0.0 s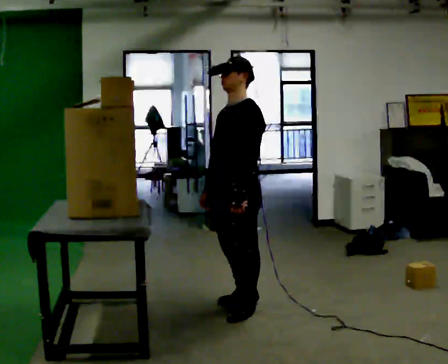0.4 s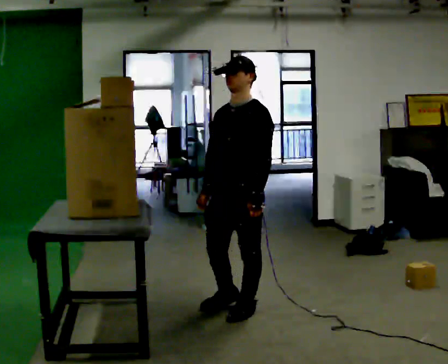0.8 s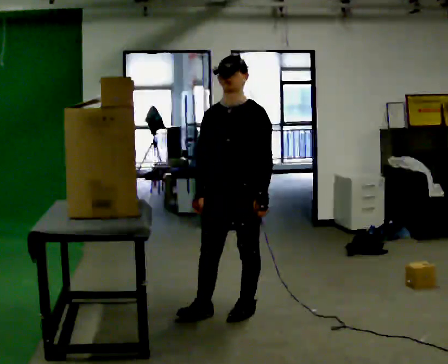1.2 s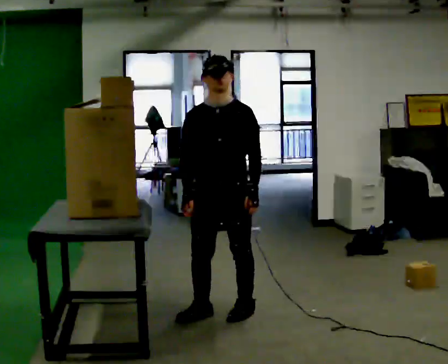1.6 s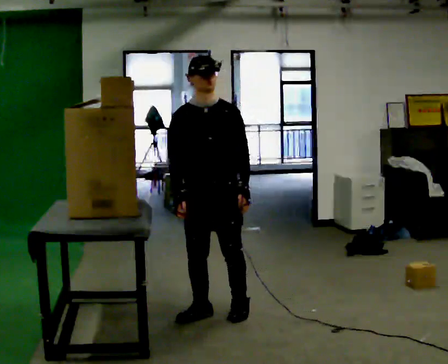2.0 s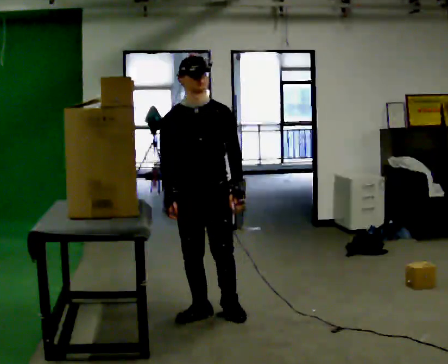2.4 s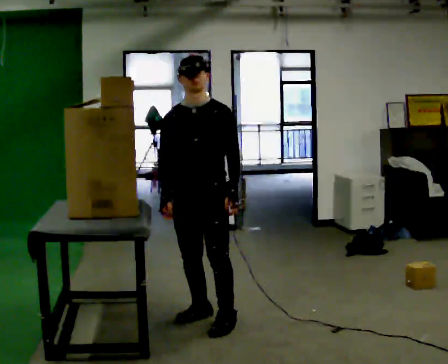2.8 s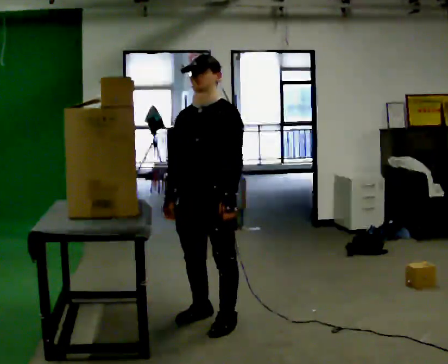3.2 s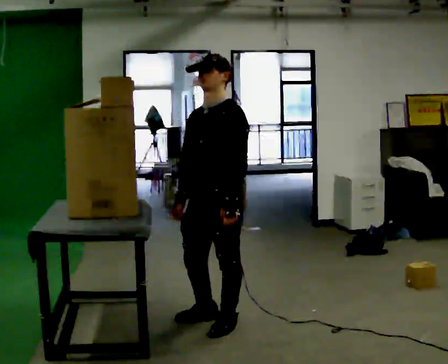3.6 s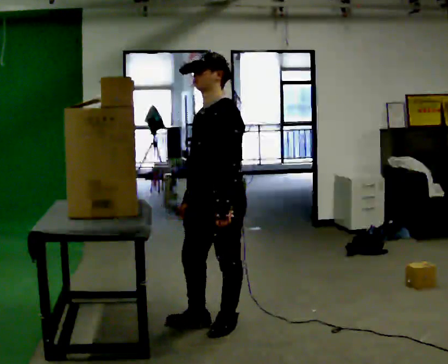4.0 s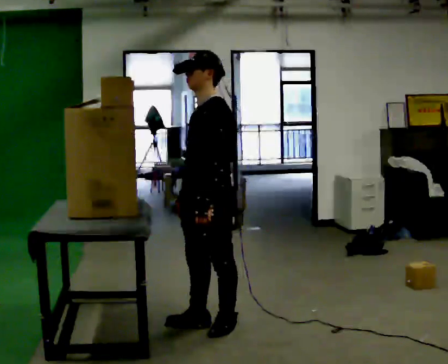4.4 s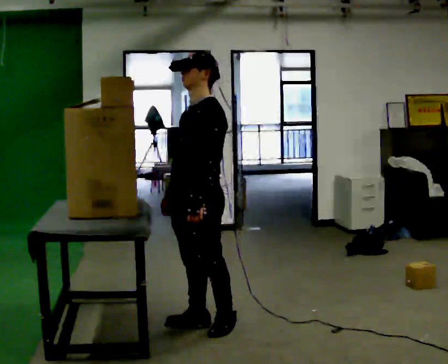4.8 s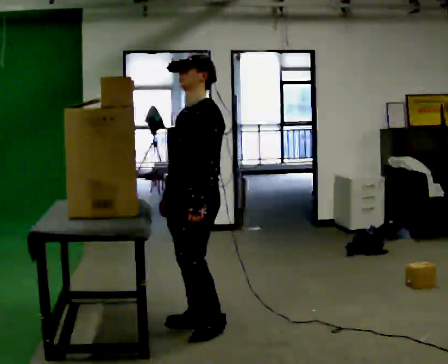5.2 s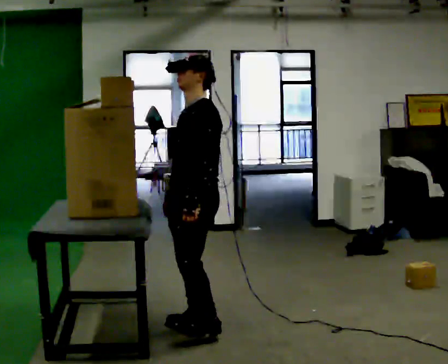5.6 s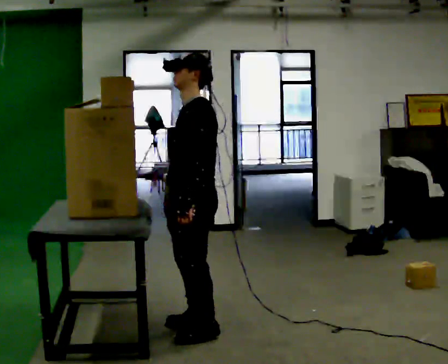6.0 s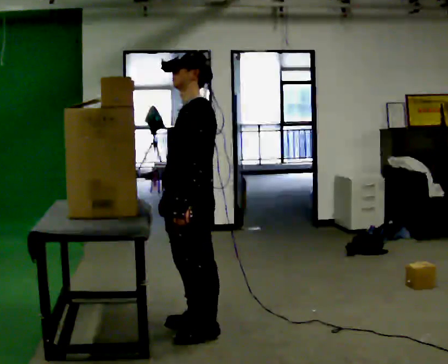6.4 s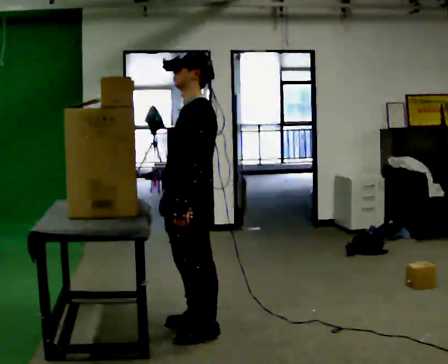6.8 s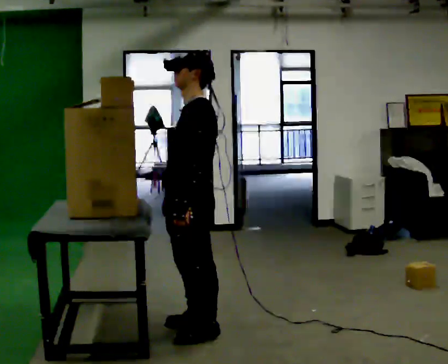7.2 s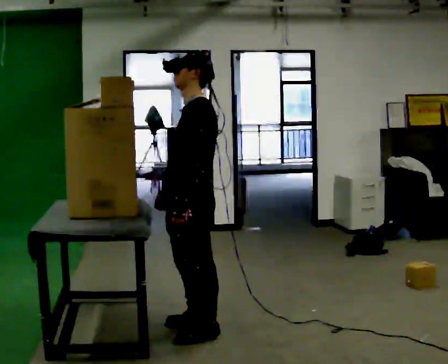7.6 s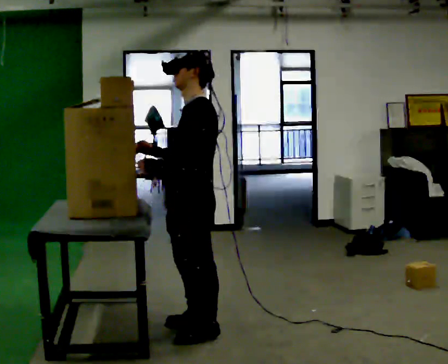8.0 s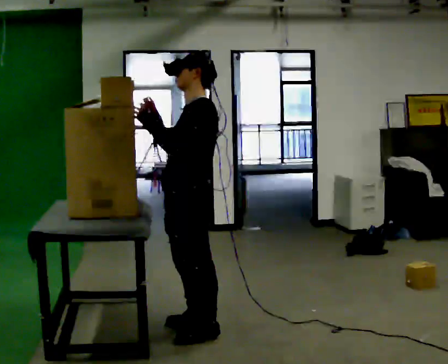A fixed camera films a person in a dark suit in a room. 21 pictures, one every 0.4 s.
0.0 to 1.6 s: The part of the body nearest the lens slides to the right as the person turns to their left by about 60 degrees. In the picture they go to the left, about 0.25 m in 1 step.
1.6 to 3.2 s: Seen from above the body turns clockwise, about 60 degrees: to their right, with its near side sliding to the left. In the picture they go toward the camera, about 0.25 m in 1 step, which for them is forward.
3.2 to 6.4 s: Seen from above the body turns clockwise, about 30 degrees: to their right, with its near side sliding to the left. In the picture they go to the left, about 0.25 m in 2 steps, which for them is forward.
6.4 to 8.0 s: In the picture their right hand goes upward.
The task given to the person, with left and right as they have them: Pick an object up off the floor, carry it across the room, and place it on the highest shelf you can comfortably reach. Keep going until the operator says stop; one object at a time, and do not rush between trips.
The film runs forward here.
